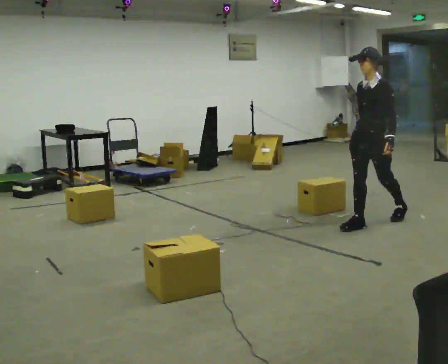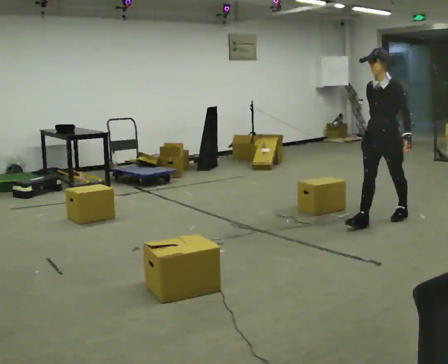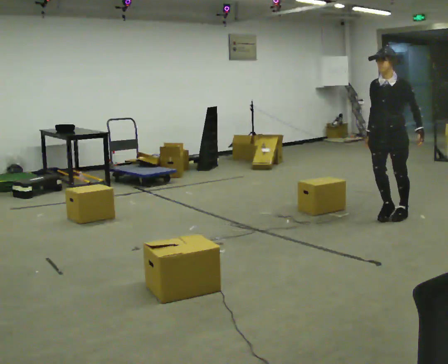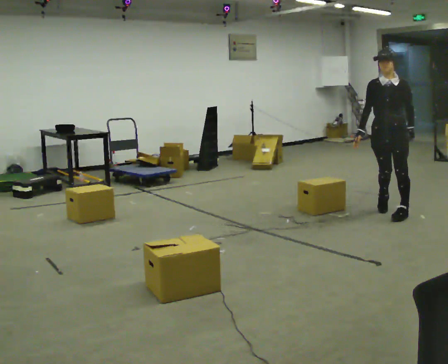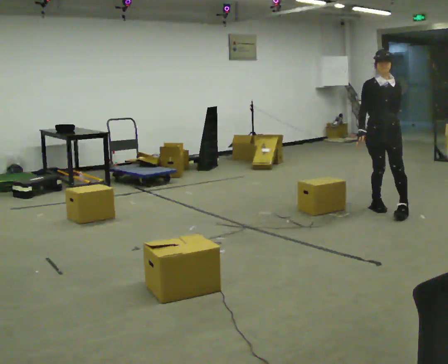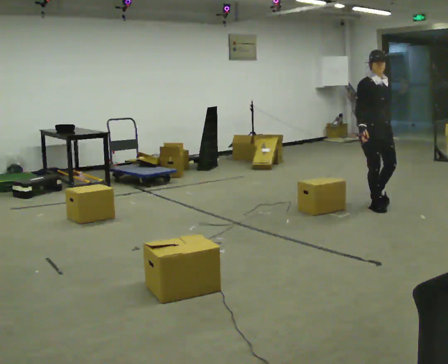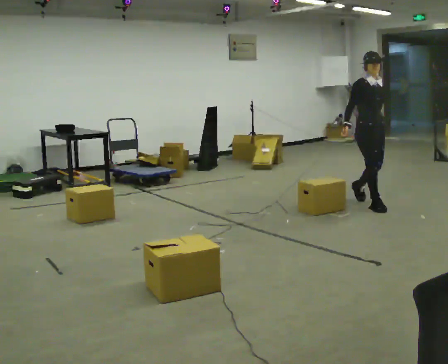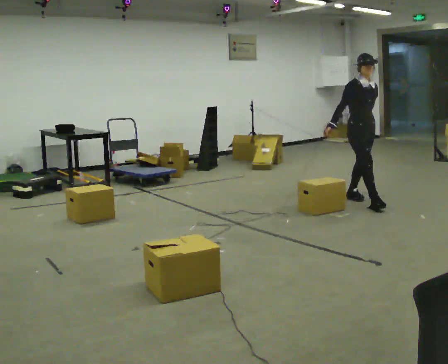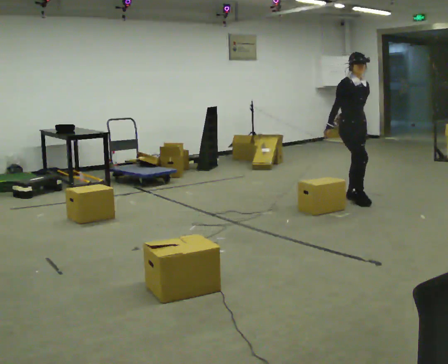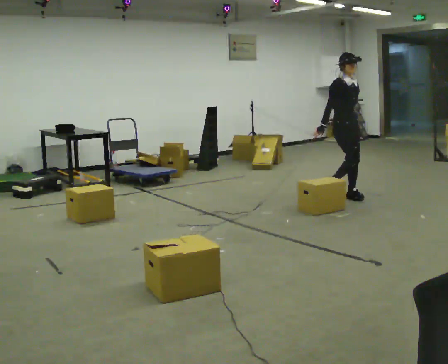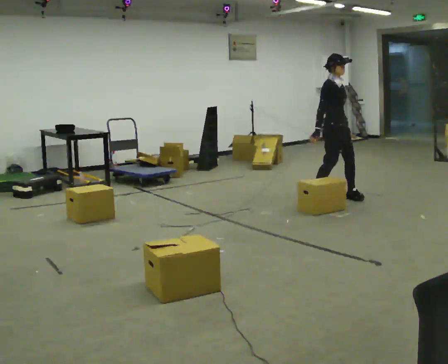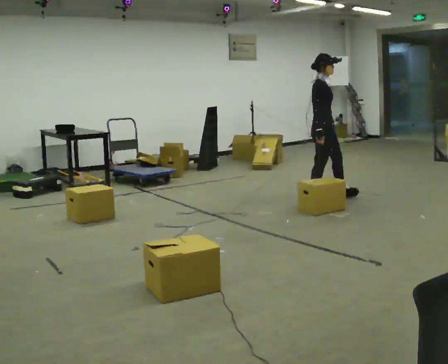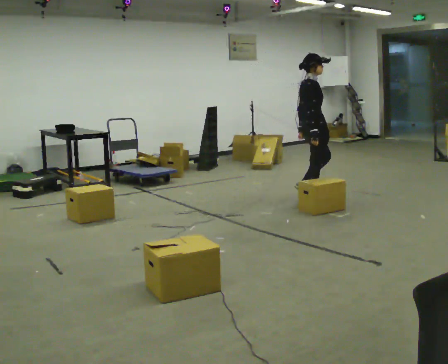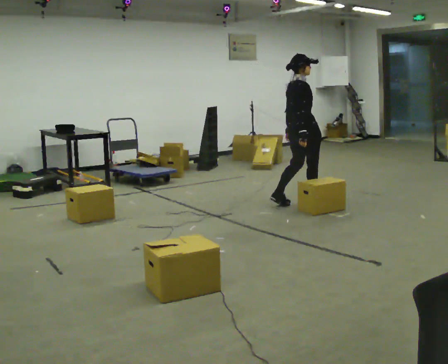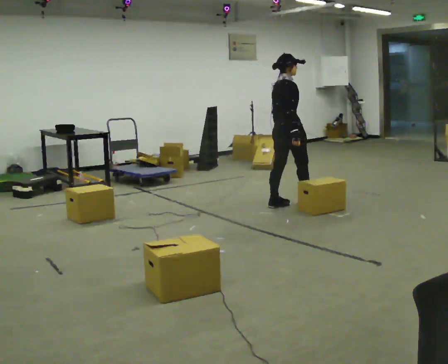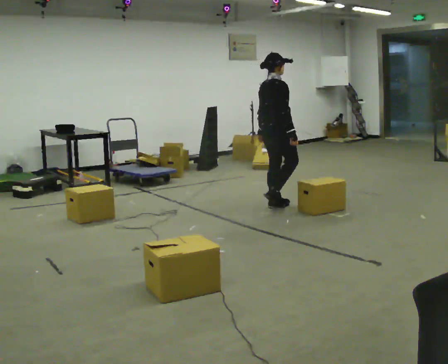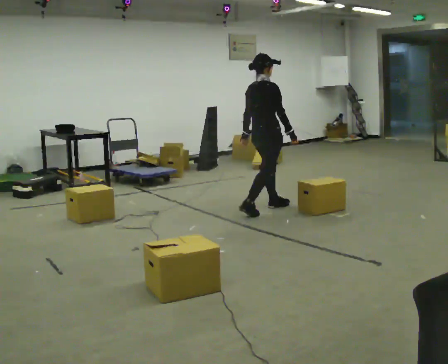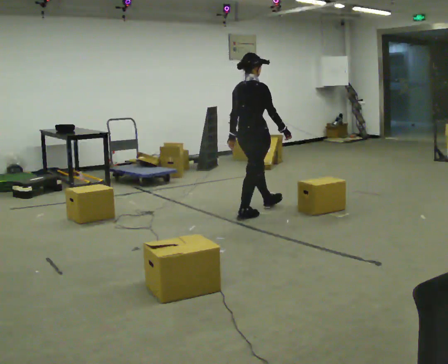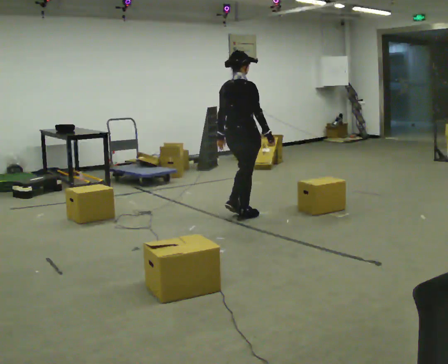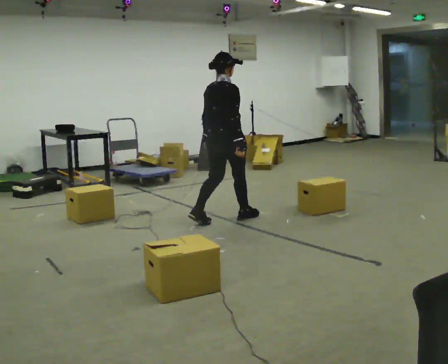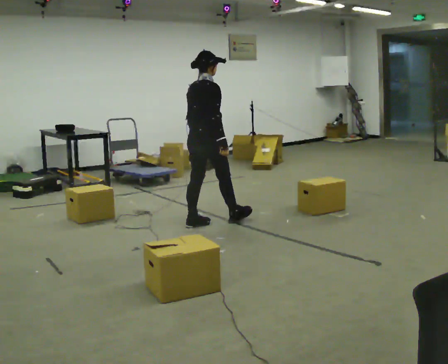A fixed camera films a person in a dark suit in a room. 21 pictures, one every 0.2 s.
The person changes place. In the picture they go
to the left.
The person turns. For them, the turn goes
to their left.
0.0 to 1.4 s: Seen from above the body turns counterclockwise, about 90 degrees: to their left, with its near side sliding to the right. In the picture they go away from the camera, about 1 m in 3 steps.
1.4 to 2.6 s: The person turns about 90 degrees to their left, counterclockwise seen from above, so the part of the body nearest the lens slides to the right. In the picture they go to the left, about 0.5 m in 1 step.
2.6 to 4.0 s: In the picture they go toward the camera and to the left, about 1 m in 3 steps, which for them is backward.
The film runs backward here.
